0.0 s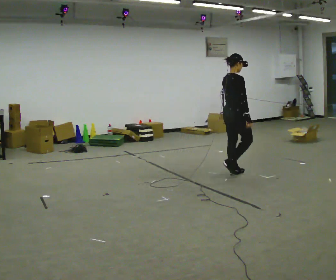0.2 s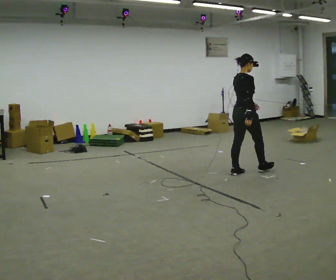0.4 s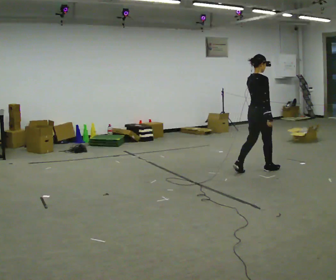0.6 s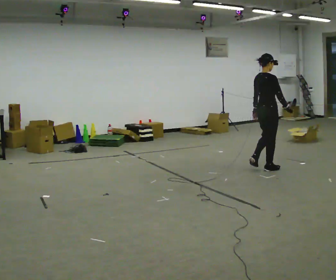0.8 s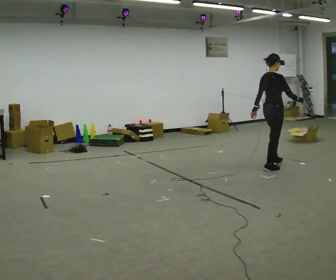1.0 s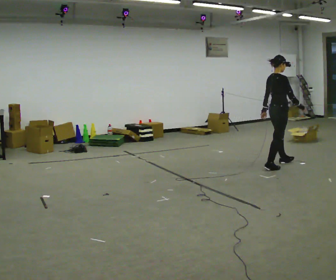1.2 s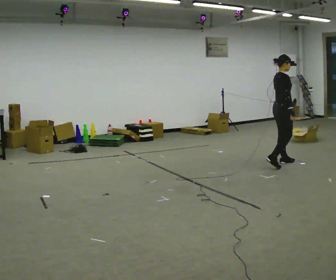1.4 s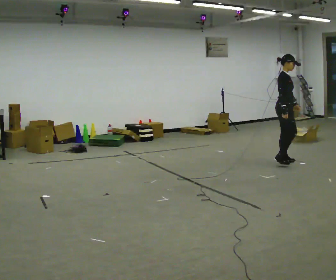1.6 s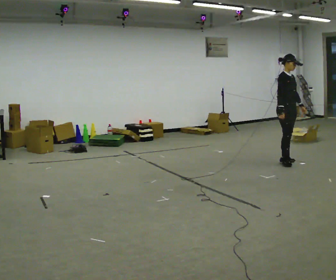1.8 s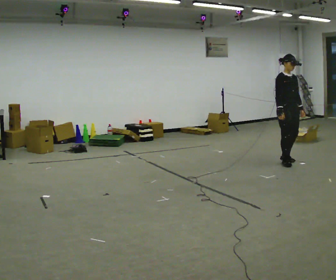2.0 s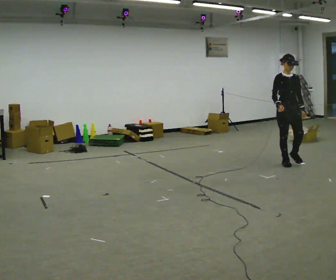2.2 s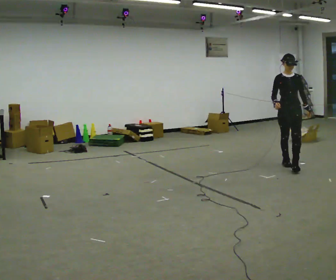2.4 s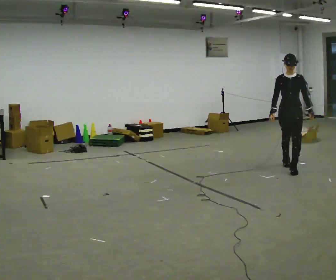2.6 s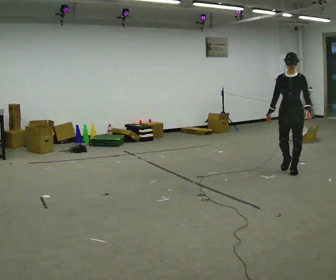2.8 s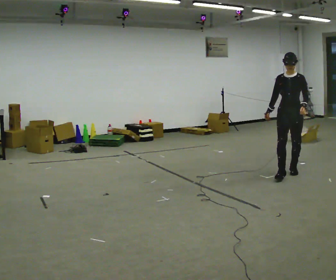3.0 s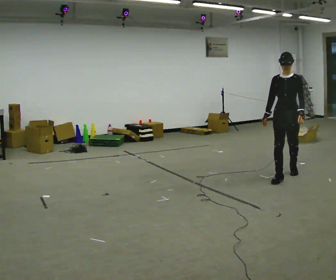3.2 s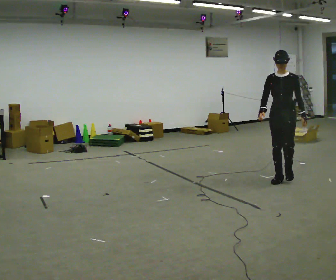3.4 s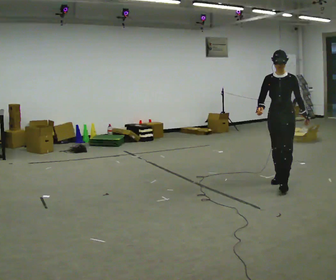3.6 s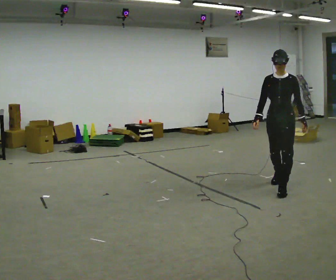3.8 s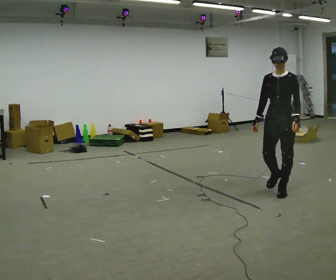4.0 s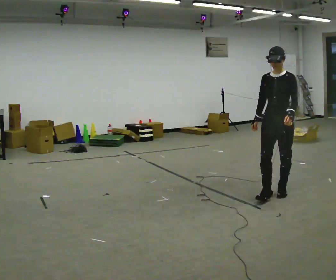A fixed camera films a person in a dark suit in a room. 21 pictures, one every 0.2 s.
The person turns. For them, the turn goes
to their right.
The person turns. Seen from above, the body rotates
clockwise.
0.0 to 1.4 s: Seen from above the body turns clockwise, about 45 degrees: to their right, with its near side sliding to the left. In the picture they go away from the camera and to the right, about 1 m in 2 steps, which for them is forward.
1.4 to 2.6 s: The person turns about 90 degrees to their right, clockwise seen from above, so the part of the body nearest the lens slides to the left. In the picture they go toward the camera, about 0.5 m in 2 steps.
2.6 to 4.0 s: In the picture they go toward the camera, about 1 m in 2 steps, which for them is forward.
The film runs forward here.
